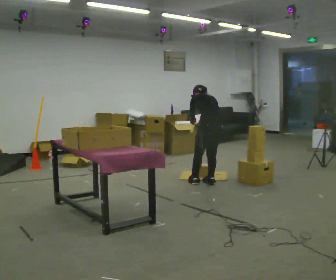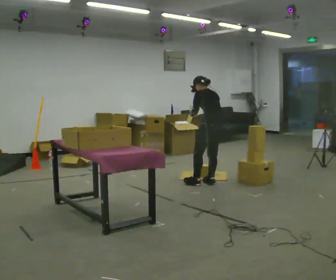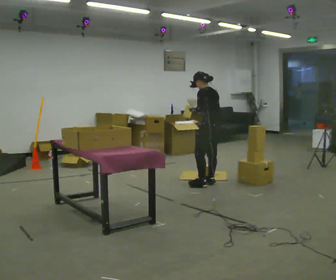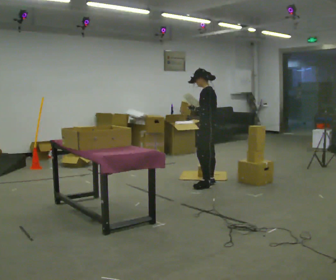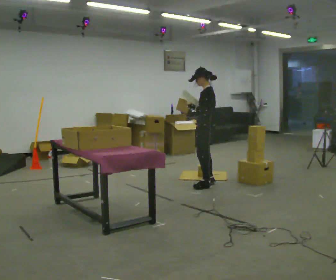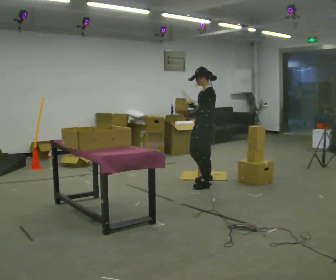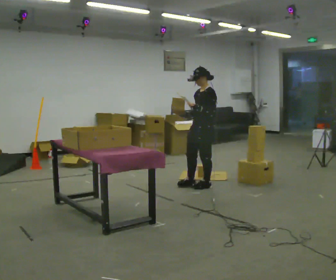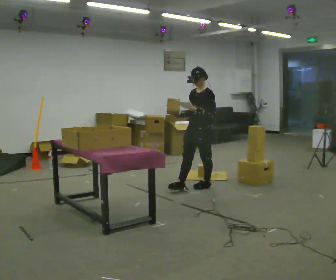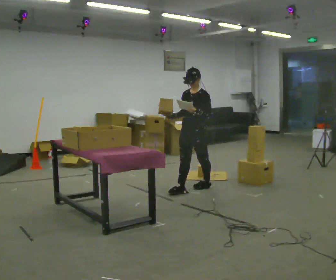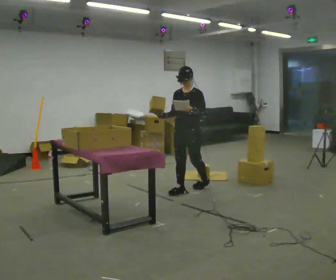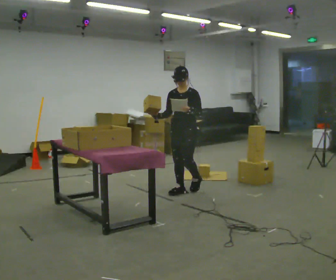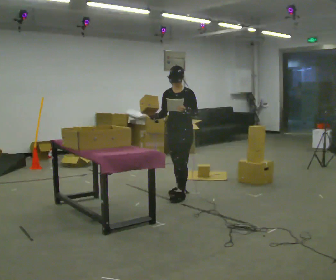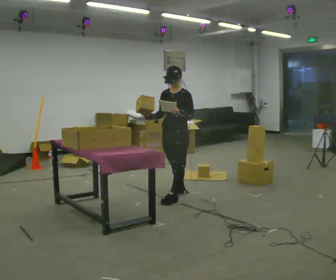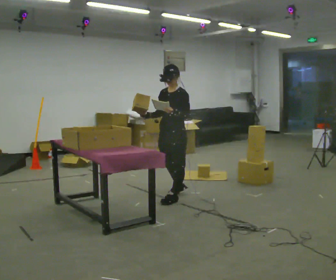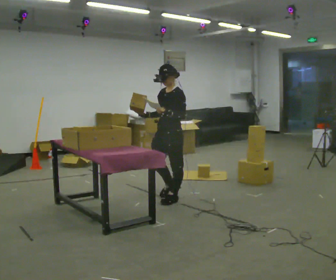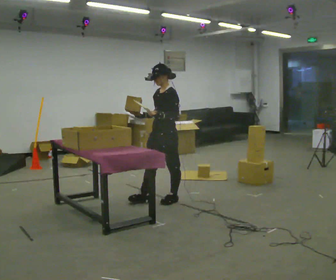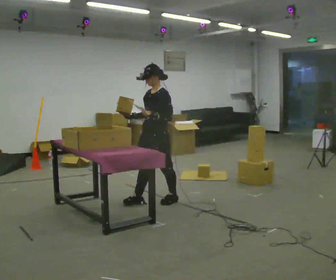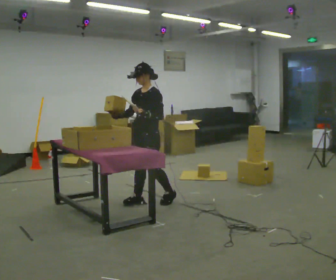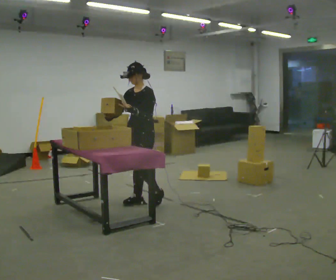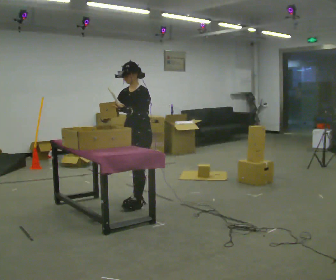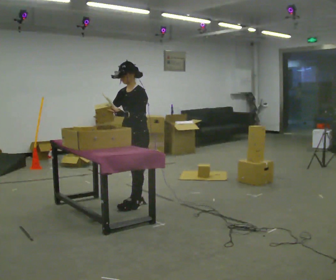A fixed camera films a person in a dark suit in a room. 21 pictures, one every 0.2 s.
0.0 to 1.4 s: The part of the body nearest the lens slides to the right as the person turns to their left by about 105 degrees. In the picture they go toward the camera and to the left, about 0.25 m in 1 step. The upper body tips toward the camera, its near side rolling downward, as they lean back or straighten. In the picture their right hand goes to the left, the arm swinging clockwise.
1.4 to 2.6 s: In the picture they go toward the camera and to the left, about 0.5 m in 2 steps, which for them is forward.
2.6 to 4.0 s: In the picture they go to the left and toward the camera, about 0.5 m in 2 steps, which for them is forward.
The film runs forward here.
